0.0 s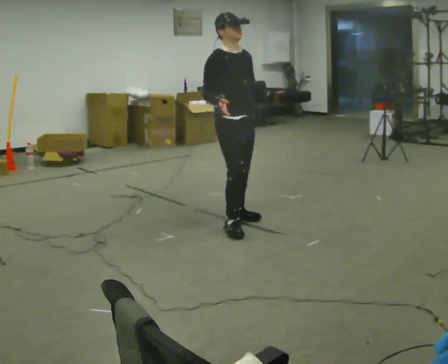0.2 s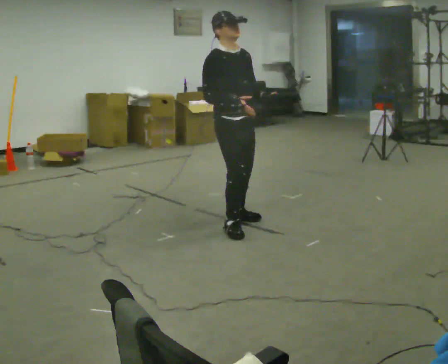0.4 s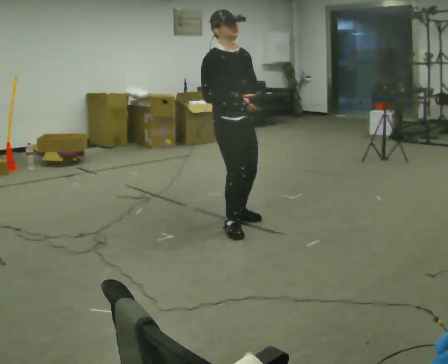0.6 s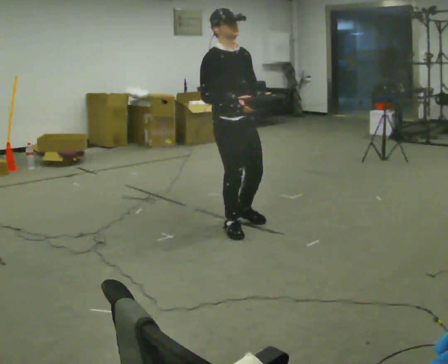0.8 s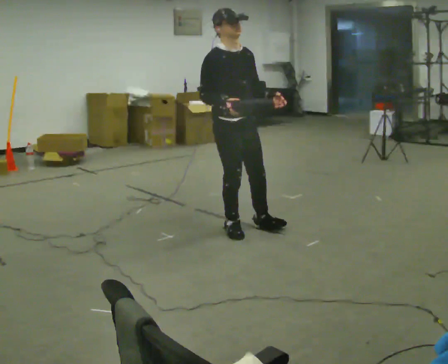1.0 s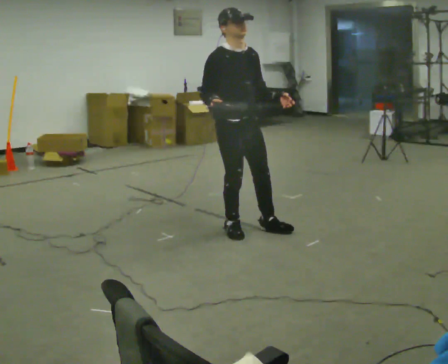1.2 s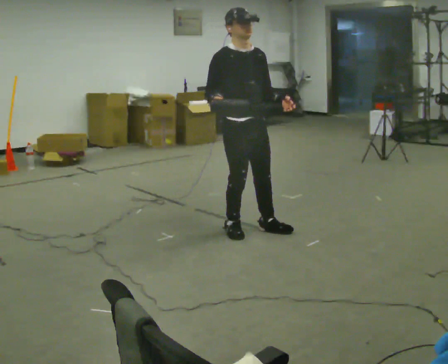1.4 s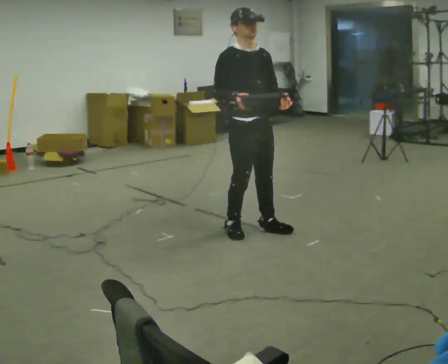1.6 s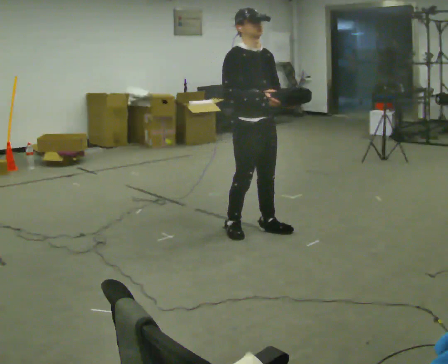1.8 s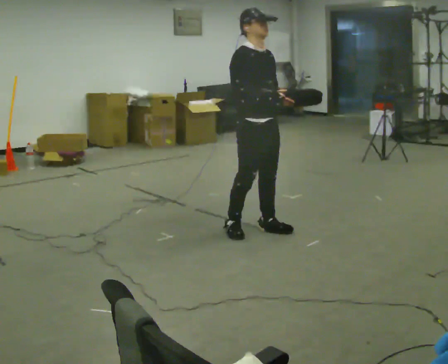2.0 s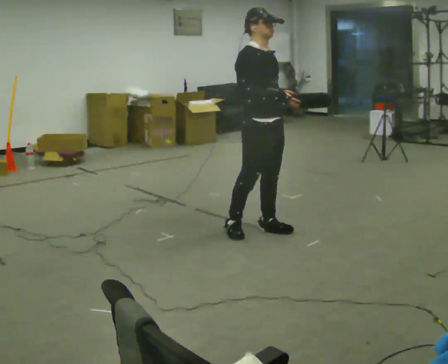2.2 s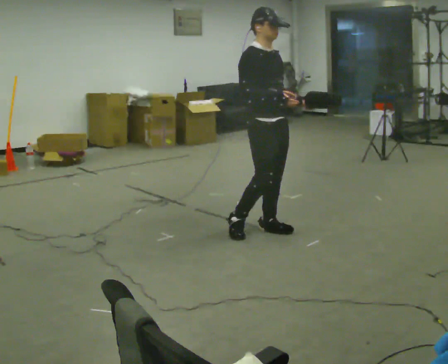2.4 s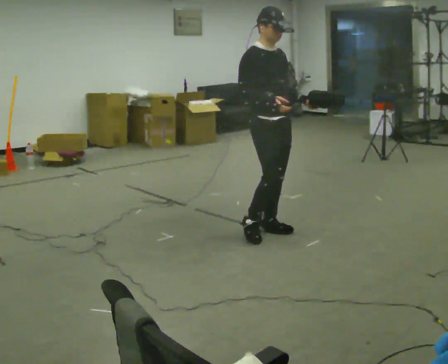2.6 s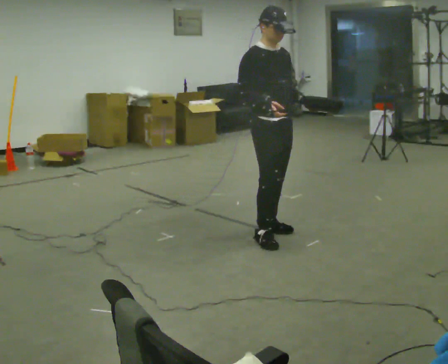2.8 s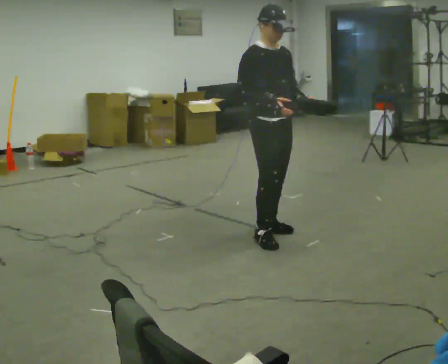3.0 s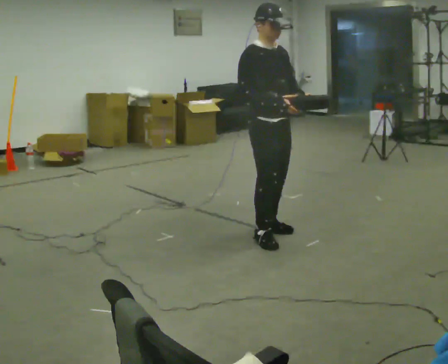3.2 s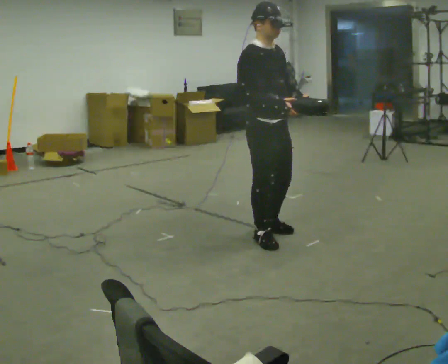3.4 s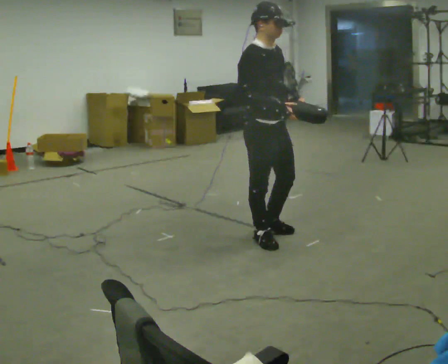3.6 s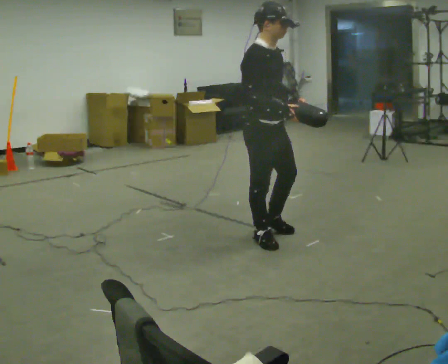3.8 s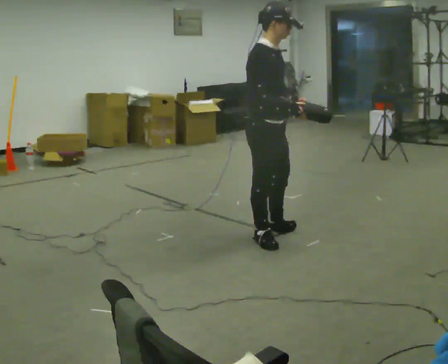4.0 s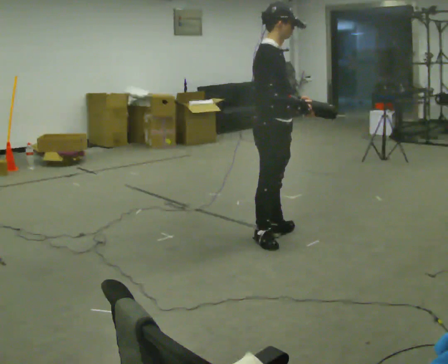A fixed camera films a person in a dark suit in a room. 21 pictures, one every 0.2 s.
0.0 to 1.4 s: In the picture they go to the right and toward the camera, about 0.25 m in 1 step, which for them is forward.
1.4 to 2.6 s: In the picture they go to the right, about 0.25 m in 1 step, which for them is forward.
2.6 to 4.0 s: The person turns about 45 degrees to their left, counterclockwise seen from above, so the part of the body nearest the lens slides to the right.
The film runs forward here.
